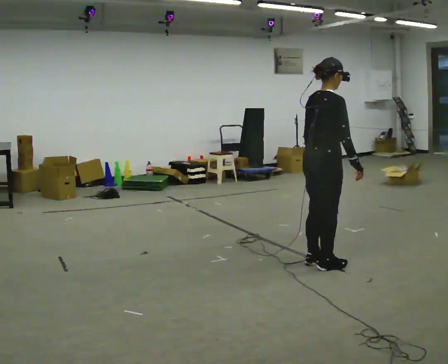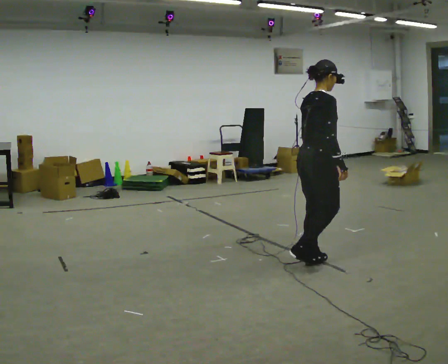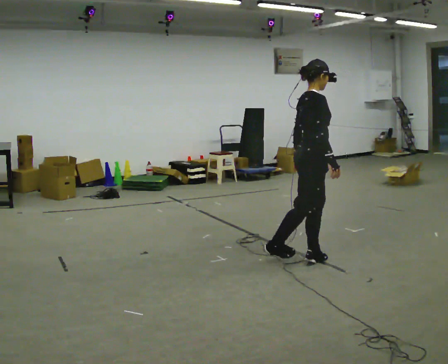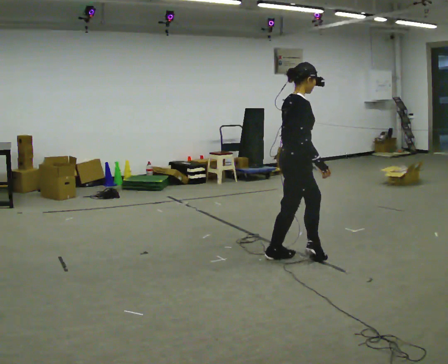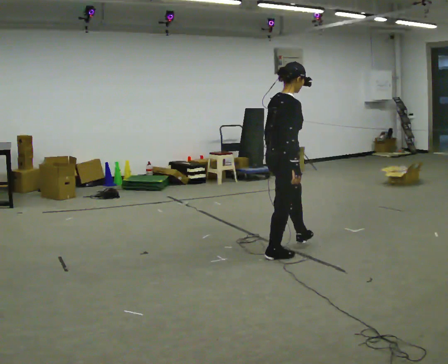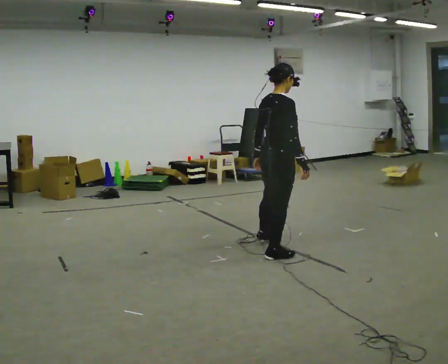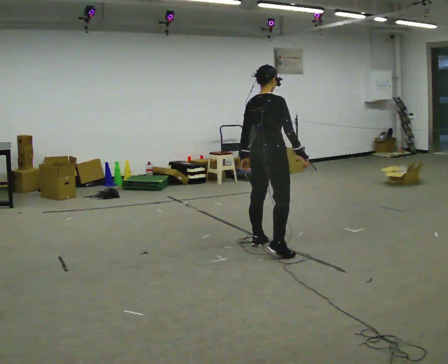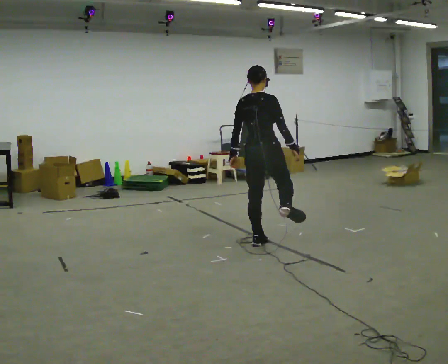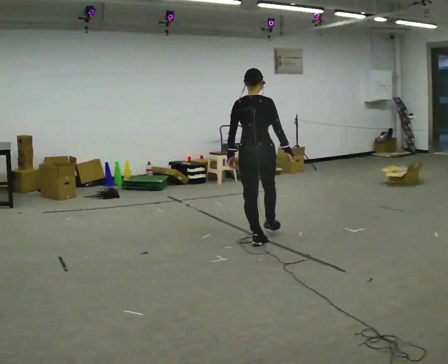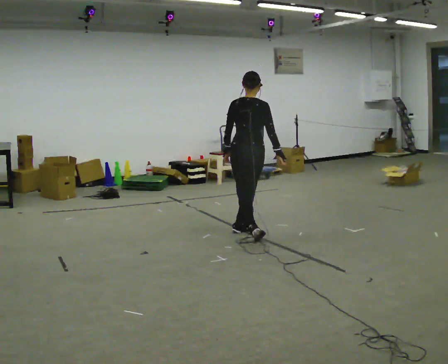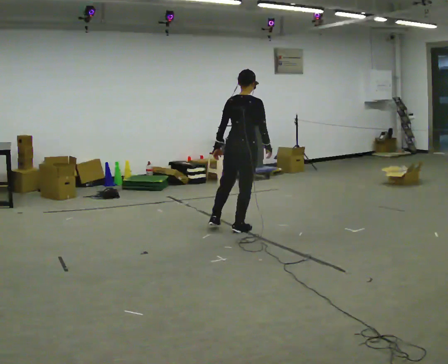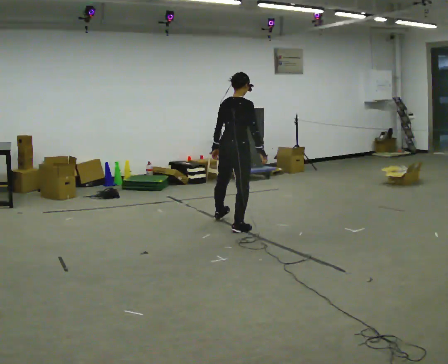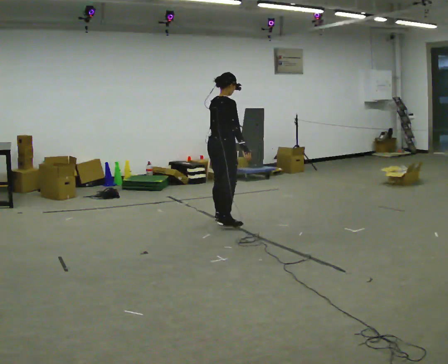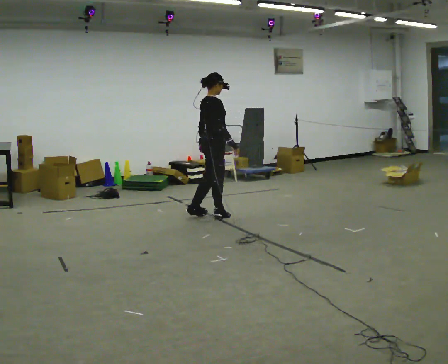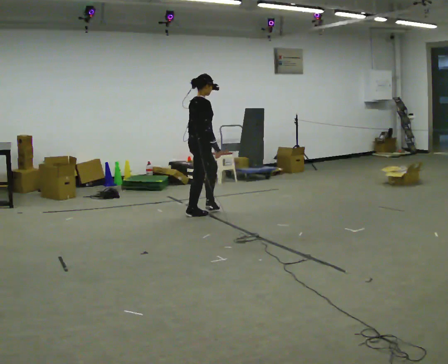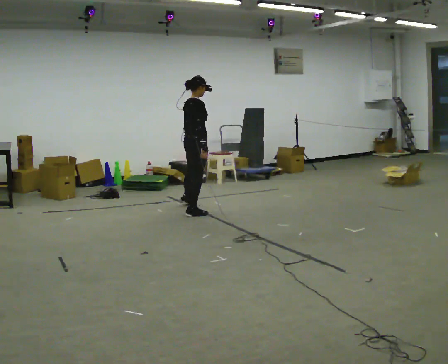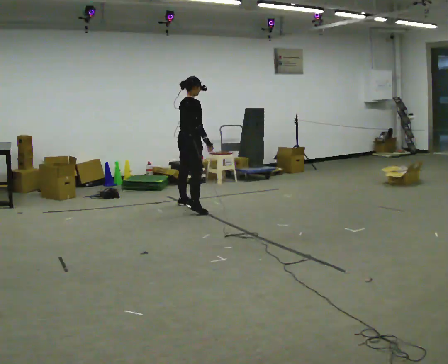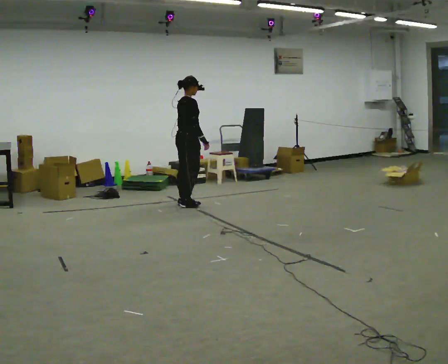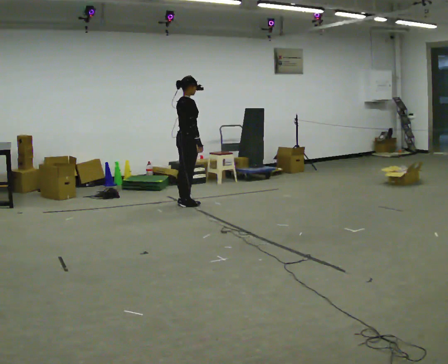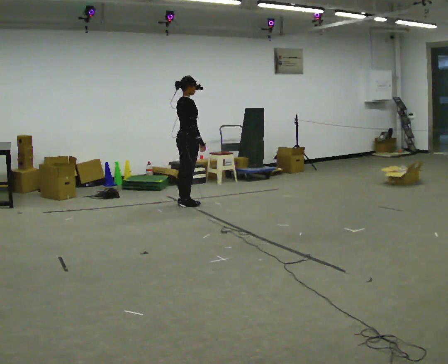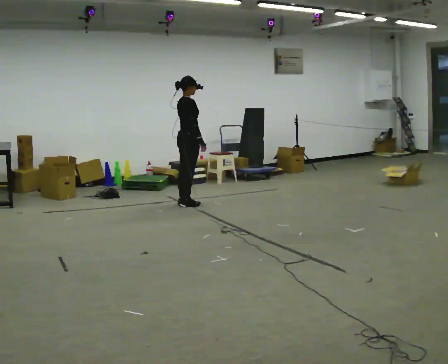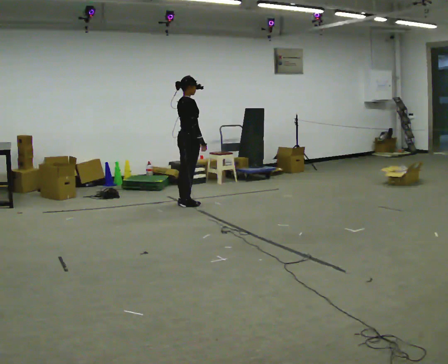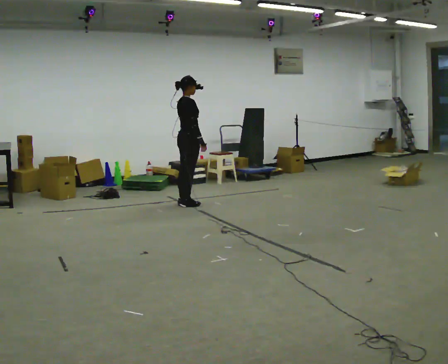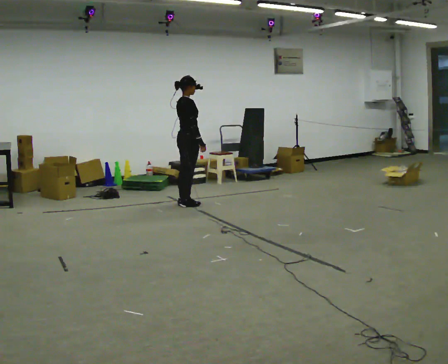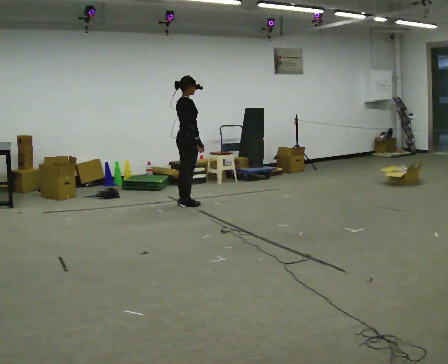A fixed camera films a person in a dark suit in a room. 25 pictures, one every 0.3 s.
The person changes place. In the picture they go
away from the camera.
0.0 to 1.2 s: In the picture they go to the left and away from the camera, about 0.25 m in 1 step, which for them is backward and to their left.
1.2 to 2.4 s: The person turns about 60 degrees to their left, counterclockwise seen from above, so the part of the body nearest the lens slides to the right. In the picture they go away from the camera, about 0.5 m in 1 step, which for them is to their left and forward.
2.4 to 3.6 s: Seen from above the body turns clockwise, about 45 degrees: to their right, with its near side sliding to the left. In the picture they go away from the camera and to the left, about 1 m in 2 steps, which for them is to their left and forward.
3.6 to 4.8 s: In the picture they go away from the camera and to the left, about 1 m in 2 steps, which for them is to their left.
4.8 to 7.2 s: The person moves a little, or ends about where they began.
The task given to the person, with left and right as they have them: Move sideways in the direction the operator calls, crossing one foot in front and then behind, alternating.
The film runs forward here.
